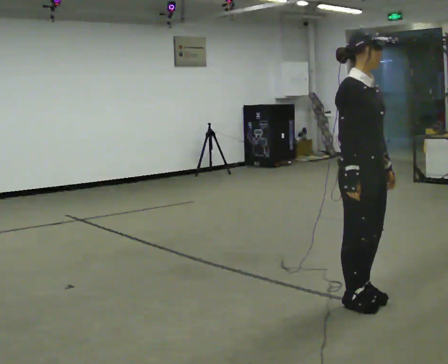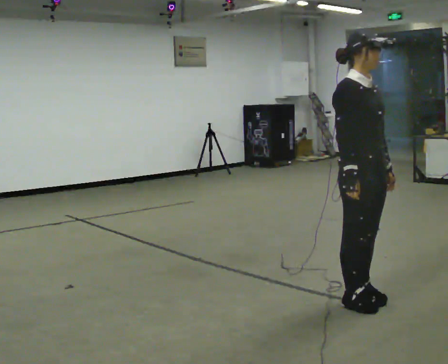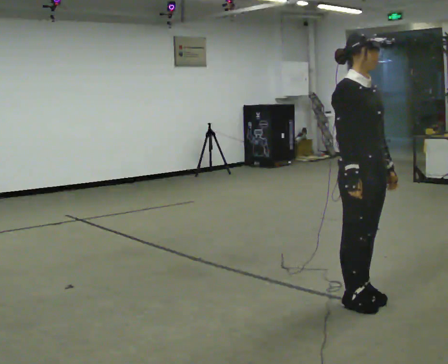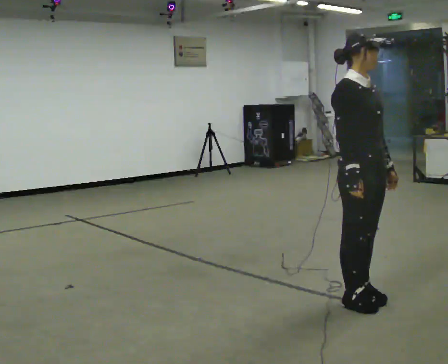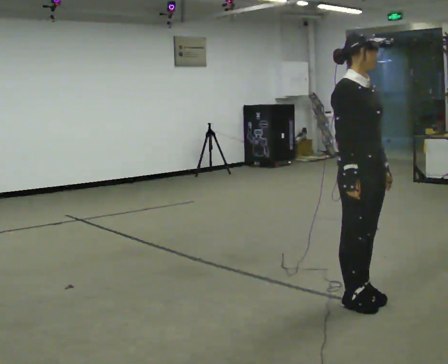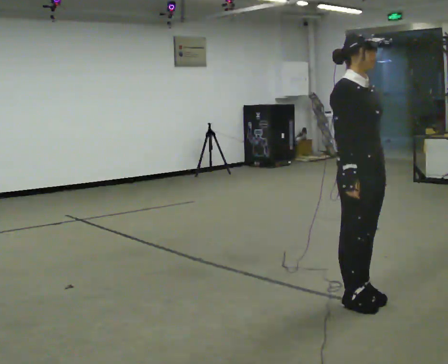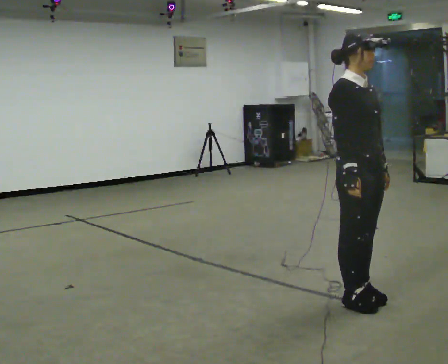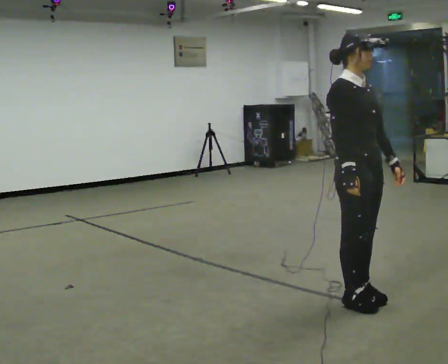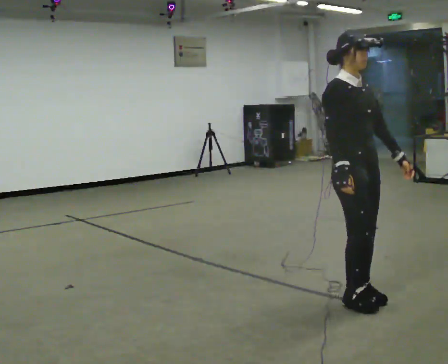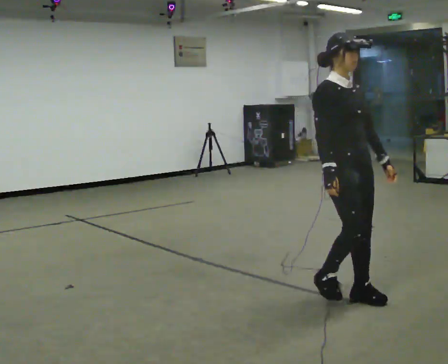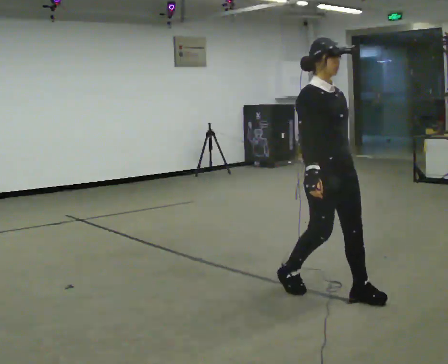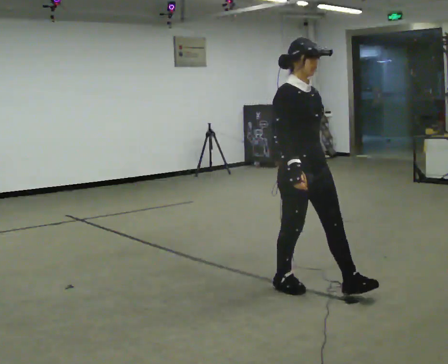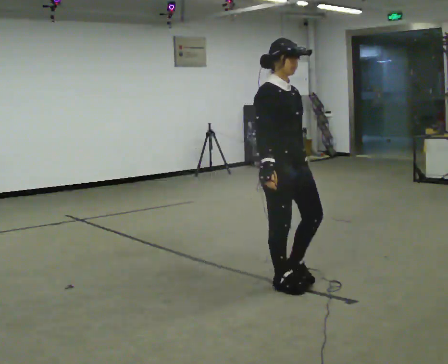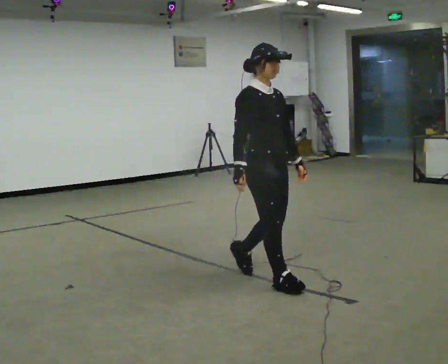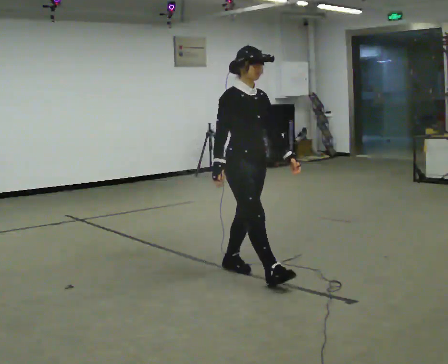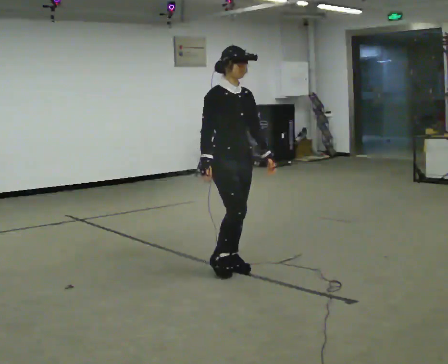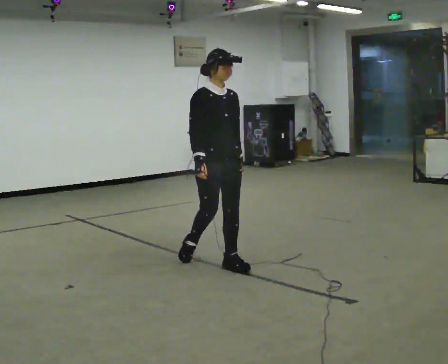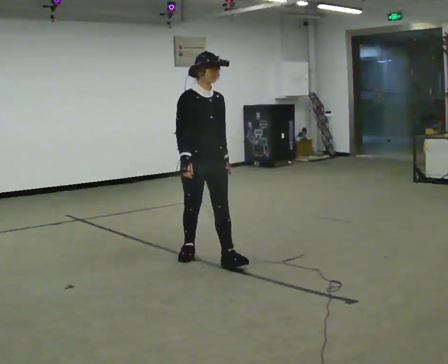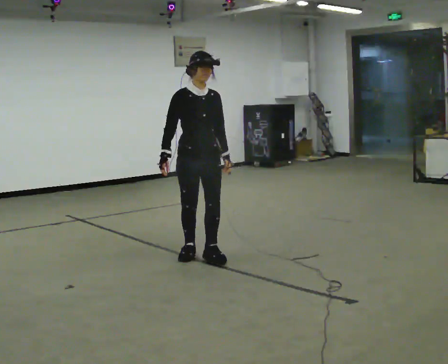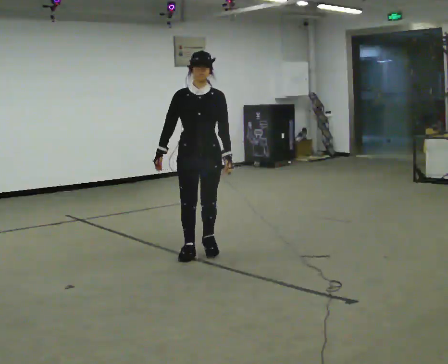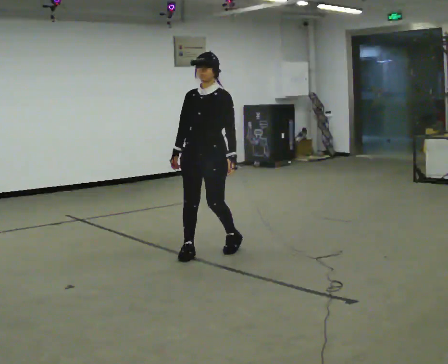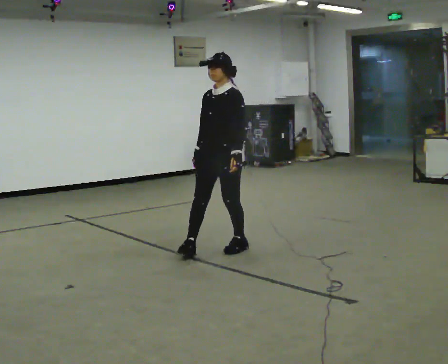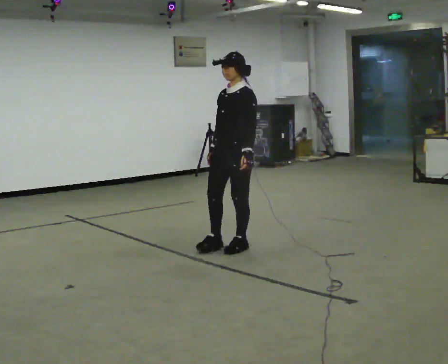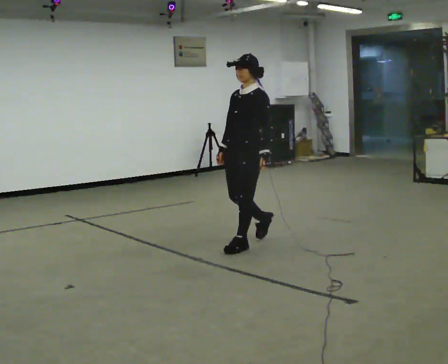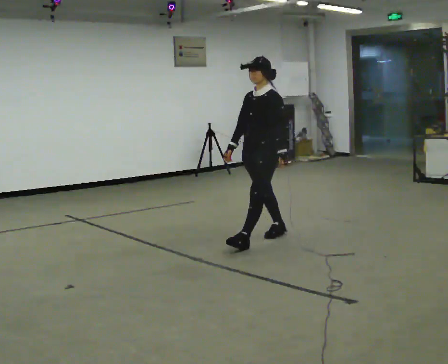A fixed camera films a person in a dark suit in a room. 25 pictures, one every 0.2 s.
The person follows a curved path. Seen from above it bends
clockwise.
The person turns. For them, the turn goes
to their right.
0.0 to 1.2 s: The person moves a little, or ends about where they began.
1.2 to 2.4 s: In the picture they go to the left and away from the camera, about 0.5 m in 2 steps, which for them is backward.
2.4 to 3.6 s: In the picture they go away from the camera and to the left, about 1 m in 2 steps, which for them is backward.
3.6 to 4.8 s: The person turns about 75 degrees to their right, clockwise seen from above, so the part of the body nearest the lens slides to the left. In the picture they go away from the camera and to the right, about 0.5 m in 2 steps.
The film runs backward here.
